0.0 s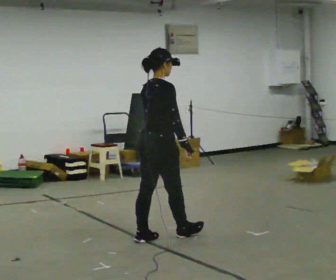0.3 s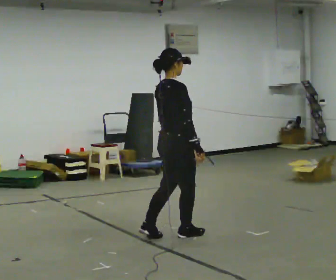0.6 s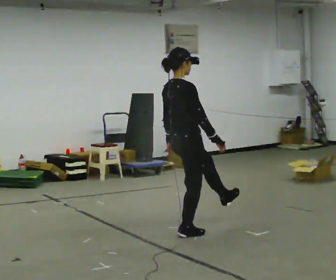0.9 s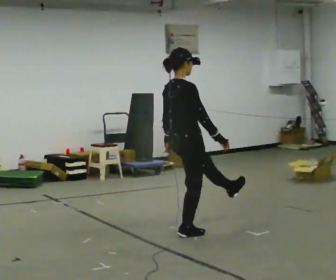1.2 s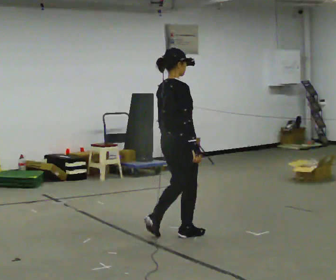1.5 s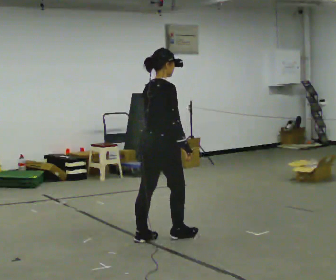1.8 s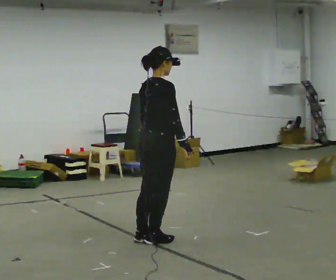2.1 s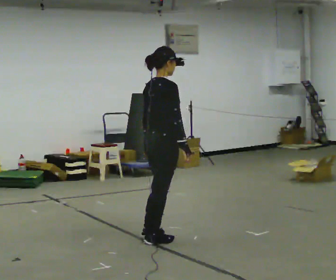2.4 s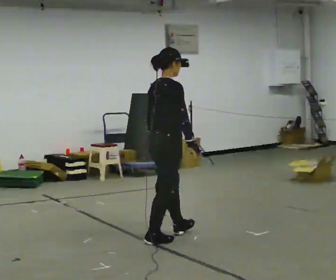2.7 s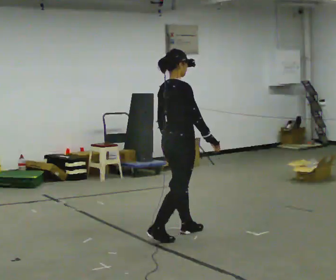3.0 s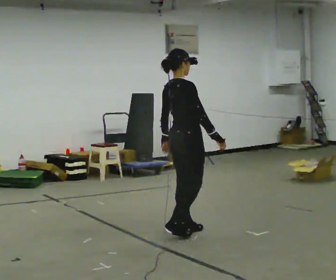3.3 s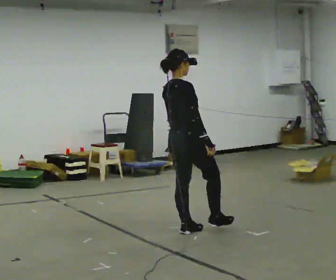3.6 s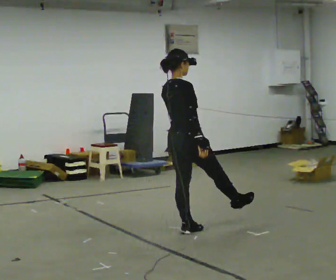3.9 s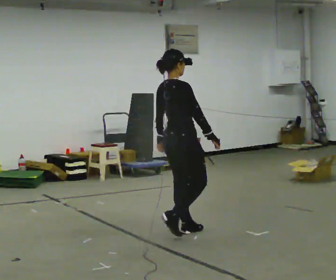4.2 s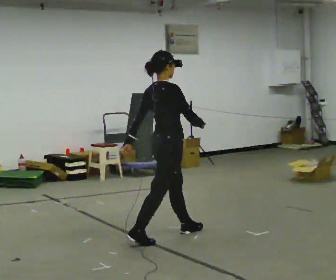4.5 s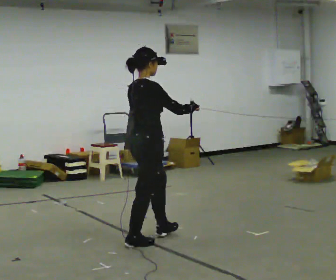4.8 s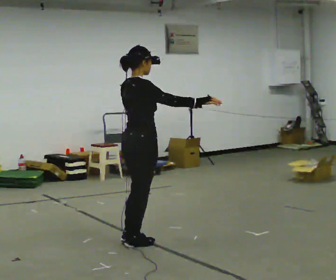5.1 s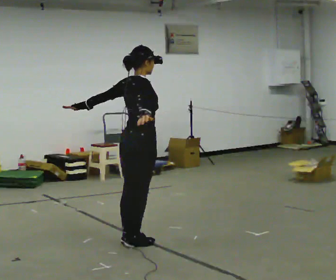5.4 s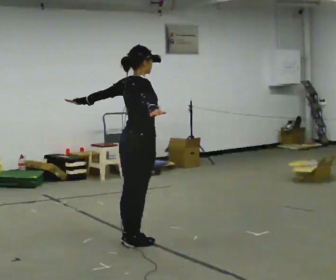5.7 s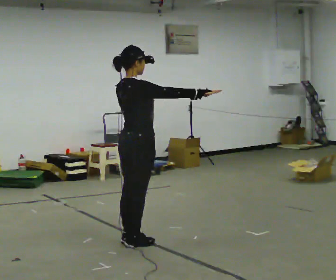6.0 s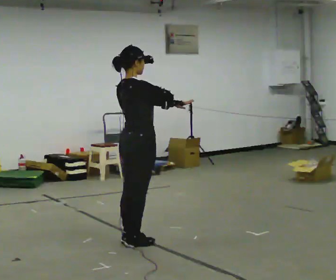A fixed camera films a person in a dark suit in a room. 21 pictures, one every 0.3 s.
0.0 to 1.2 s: In the picture they go to the right, about 0.25 m, which for them is forward.
1.2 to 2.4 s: The person moves a little, or ends about where they began.
2.4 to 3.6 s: In the picture they go away from the camera and to the right, about 0.25 m in 1 step, which for them is forward.
3.6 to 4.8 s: In the picture they go to the left and toward the camera, about 0.5 m in 1 step, which for them is backward. In the picture their right hand goes upward, the arm swinging counterclockwise.
4.8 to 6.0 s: In the picture their right hand goes to the left.
The film runs backward here.
